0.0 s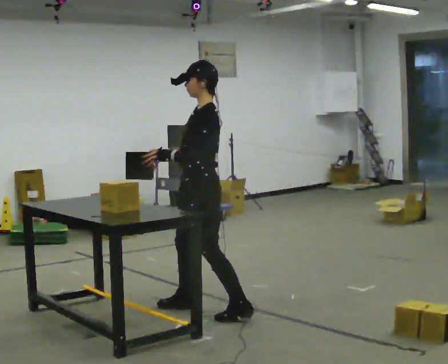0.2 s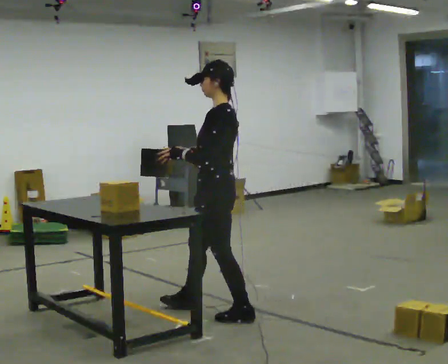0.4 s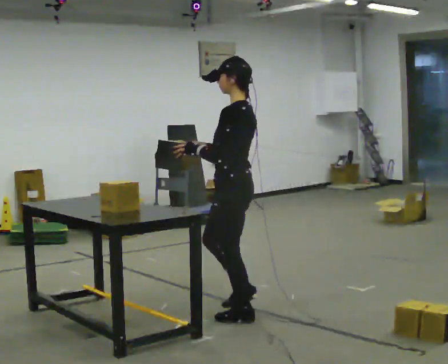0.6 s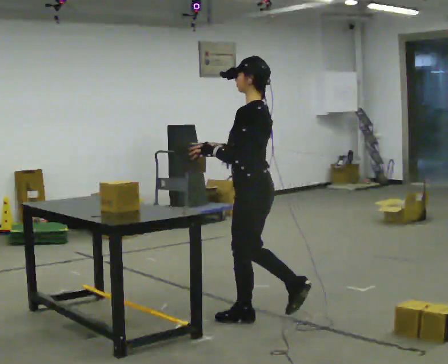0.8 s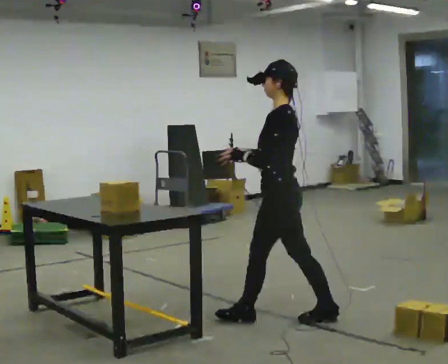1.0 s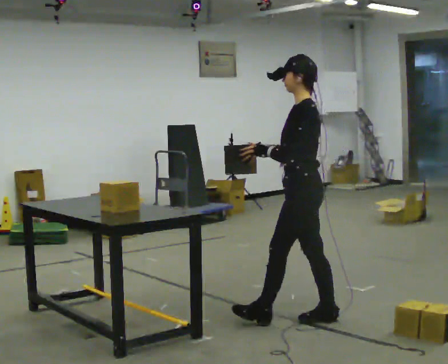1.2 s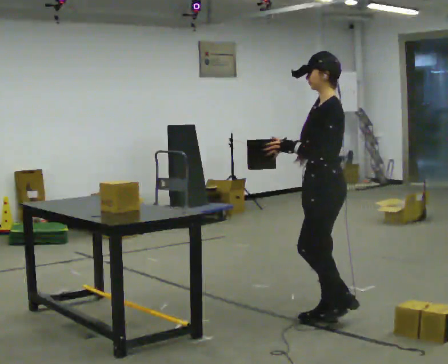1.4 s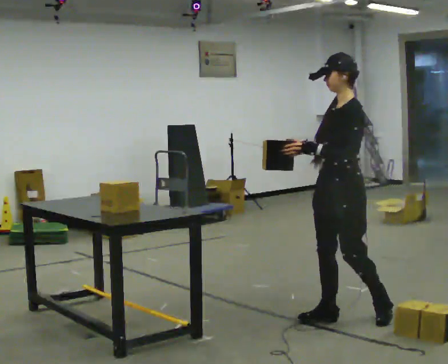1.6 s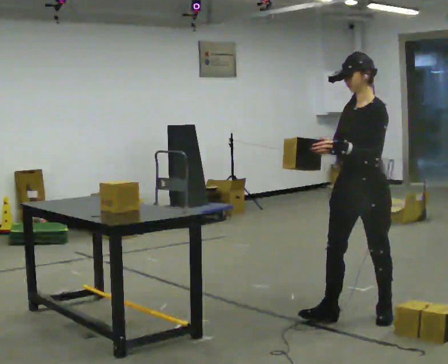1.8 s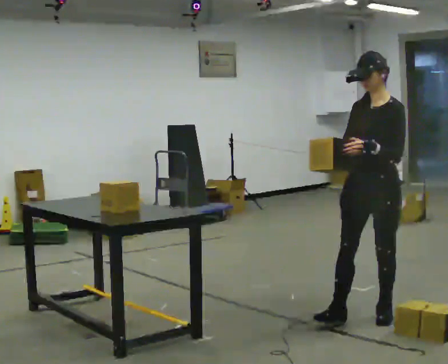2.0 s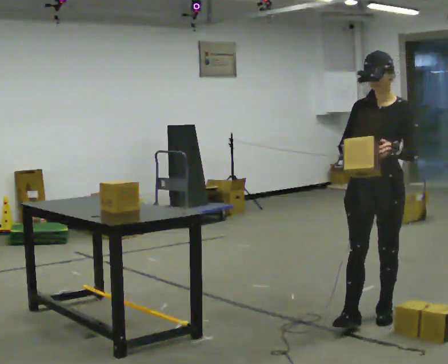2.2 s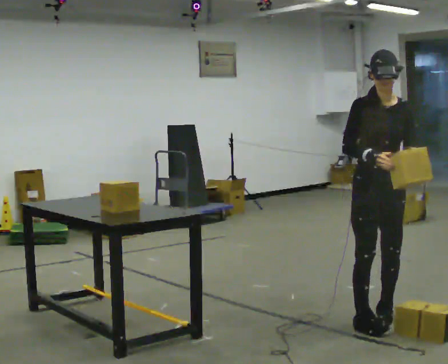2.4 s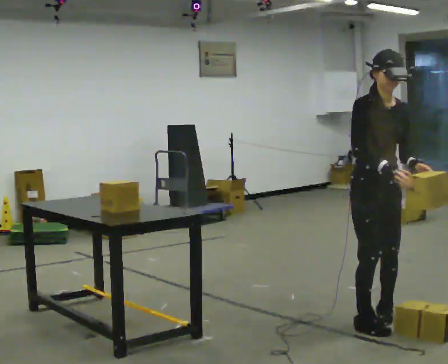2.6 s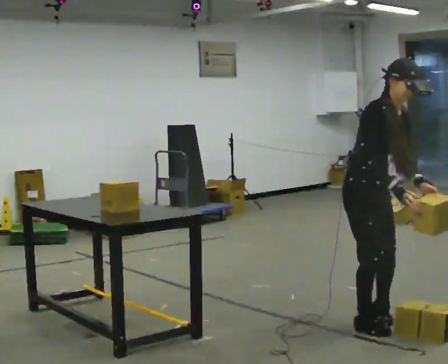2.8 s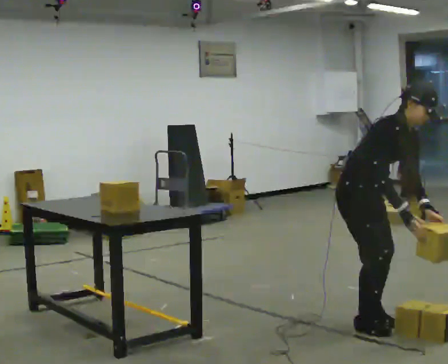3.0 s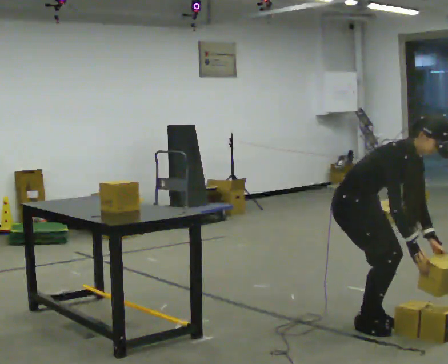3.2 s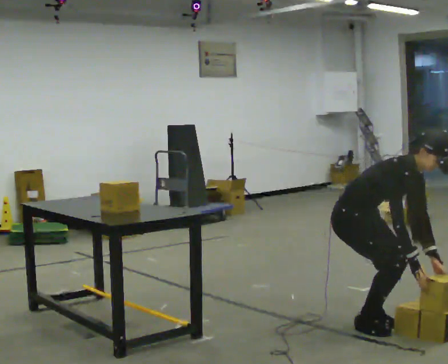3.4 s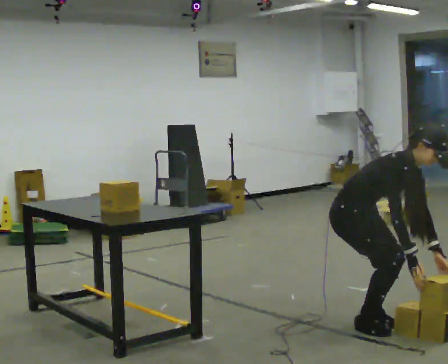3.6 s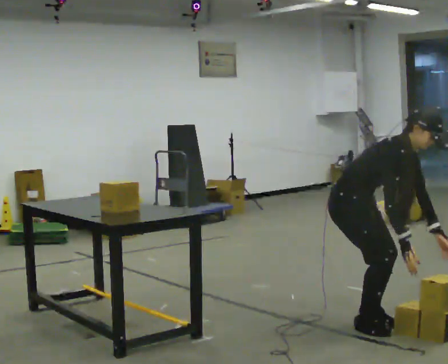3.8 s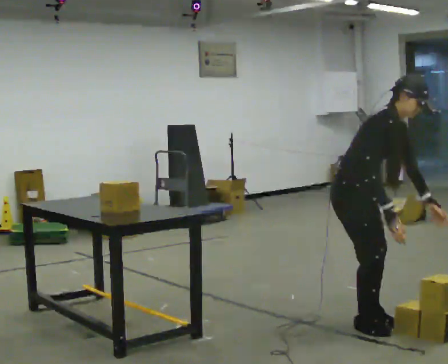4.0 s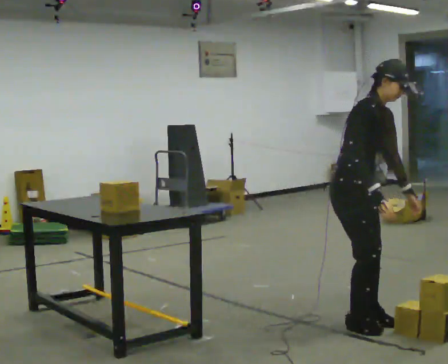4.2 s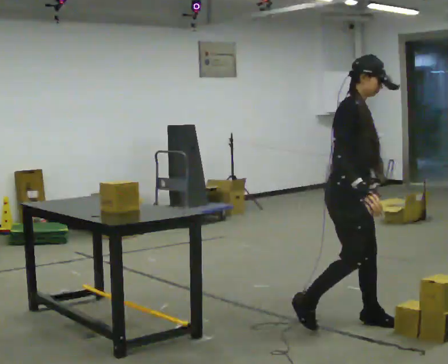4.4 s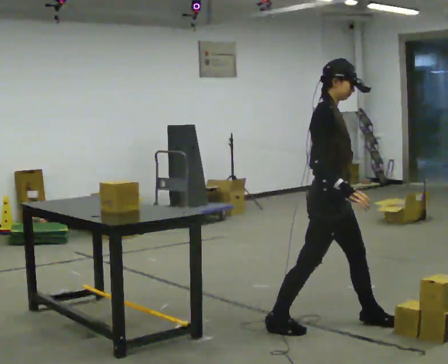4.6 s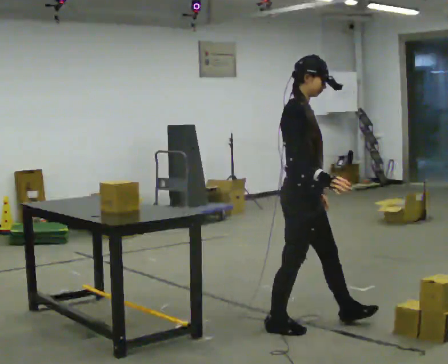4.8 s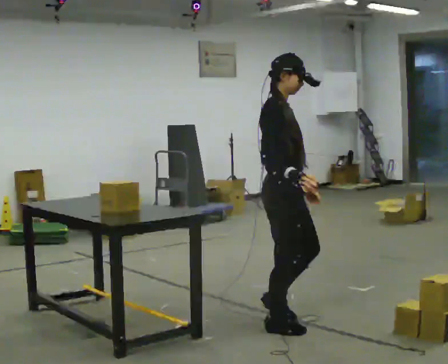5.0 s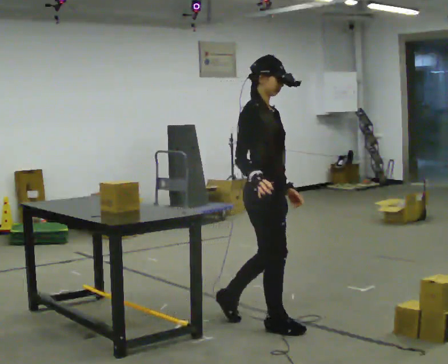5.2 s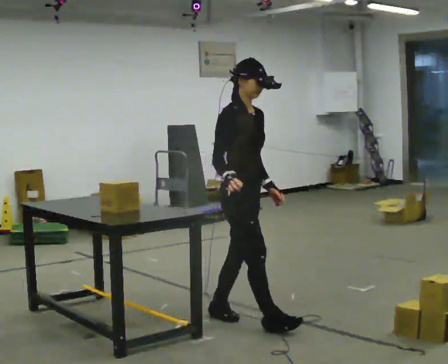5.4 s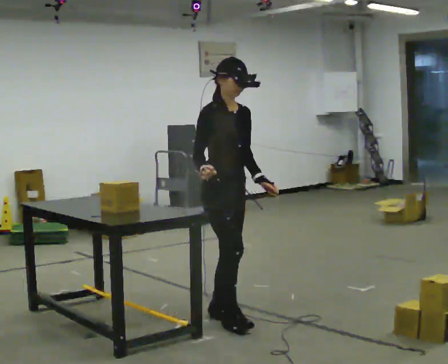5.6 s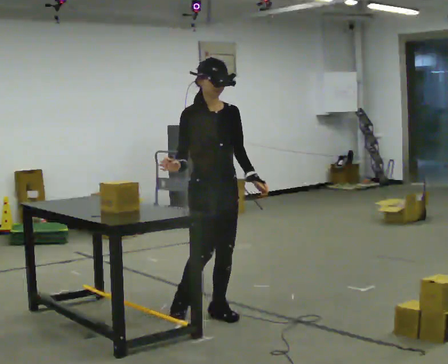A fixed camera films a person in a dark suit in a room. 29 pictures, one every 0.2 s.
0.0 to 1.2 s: In the picture they go to the right, about 1 m in 2 steps, which for them is backward.
1.2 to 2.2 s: Seen from above the body turns counterclockwise, about 90 degrees: to their left, with its near side sliding to the right. In the picture they go to the right, about 0.25 m in 1 step.
2.2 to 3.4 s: The person turns about 60 degrees to their left, counterclockwise seen from above, so the part of the body nearest the lens slides to the right. In the picture they go to the left, about 0.25 m in 1 step, which for them is to their right. The upper body goes downward. In the picture the upper body tilts clockwise, shoulders to the right, as they bend forward. In the picture their left hand goes downward.
3.4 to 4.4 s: In the picture they go to the left, about 0.25 m in 1 step, which for them is to their right. The shoulders move upward. In the picture the upper body tilts counterclockwise, shoulders to the left, as they lean back or straighten. In the picture their left hand goes to the left.
4.4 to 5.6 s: Seen from above the body turns clockwise, about 45 degrees: to their right, with its near side sliding to the left. In the picture they go to the left and away from the camera, about 0.5 m in 2 steps, which for them is backward.
The film runs backward here.
